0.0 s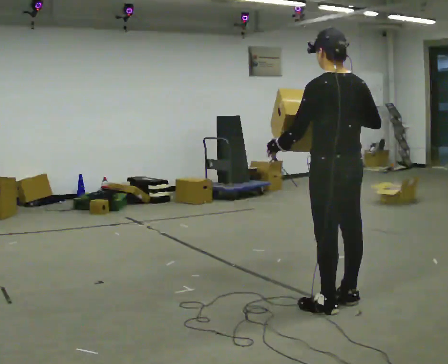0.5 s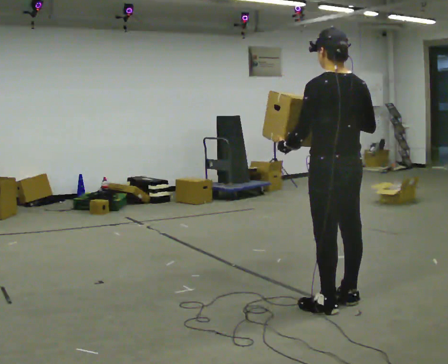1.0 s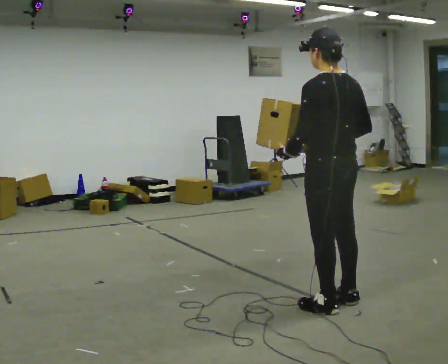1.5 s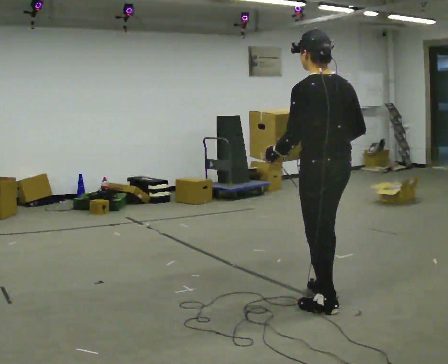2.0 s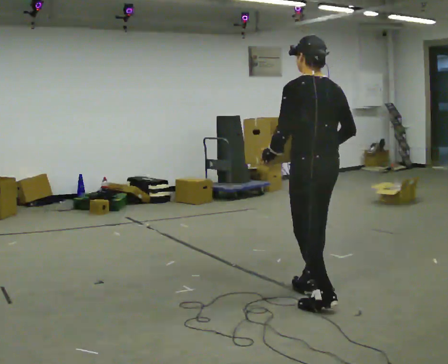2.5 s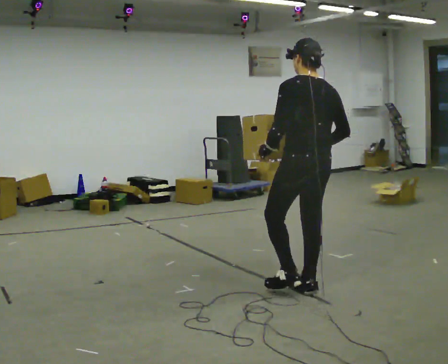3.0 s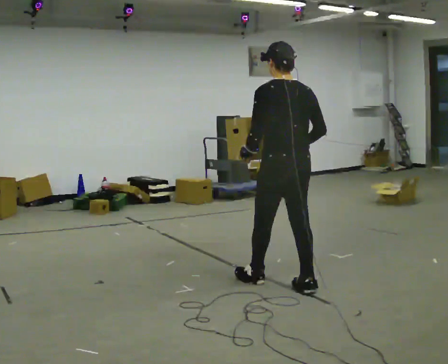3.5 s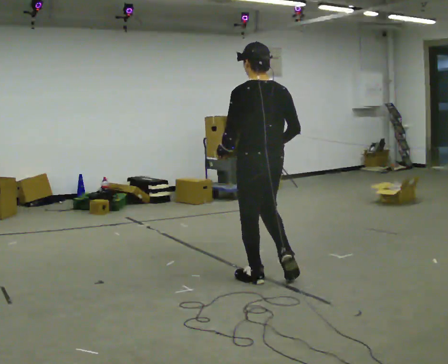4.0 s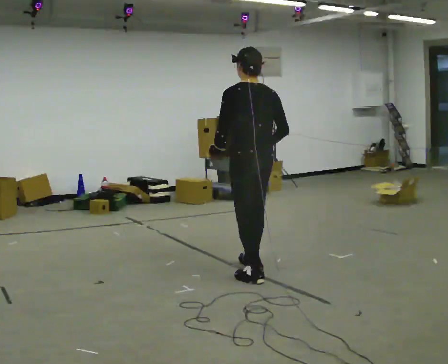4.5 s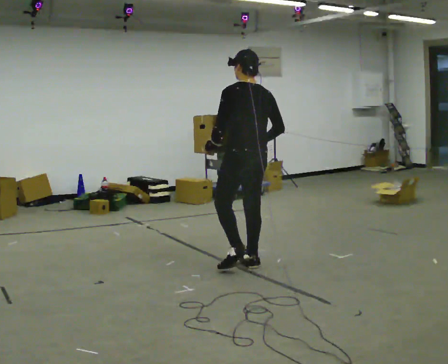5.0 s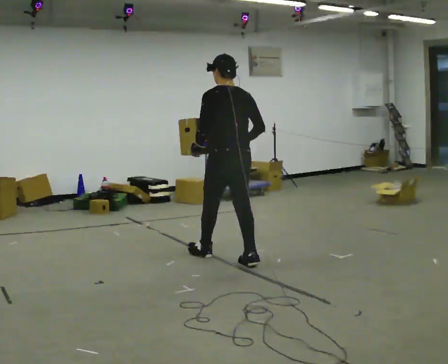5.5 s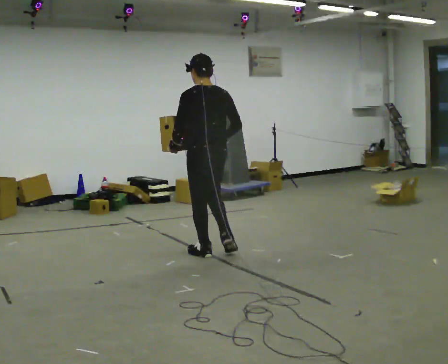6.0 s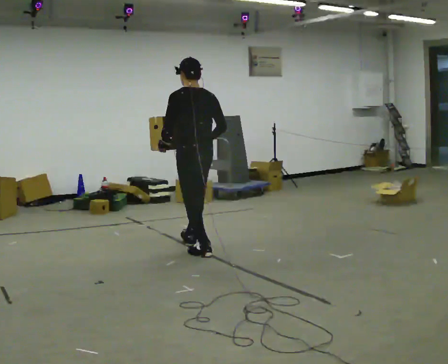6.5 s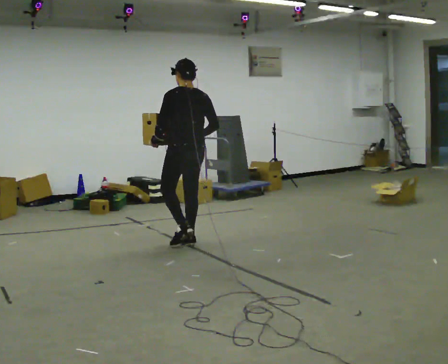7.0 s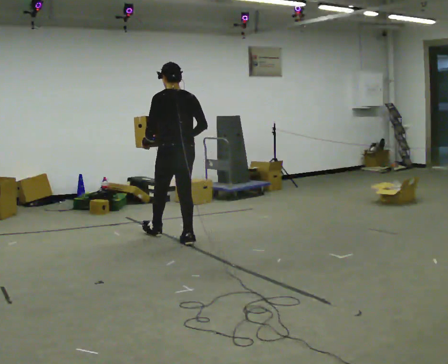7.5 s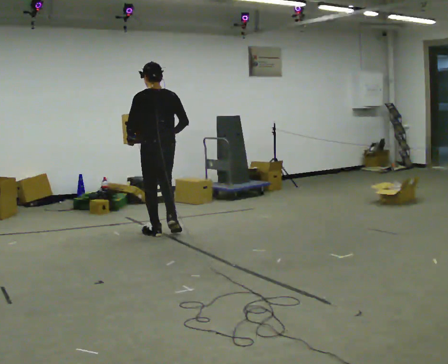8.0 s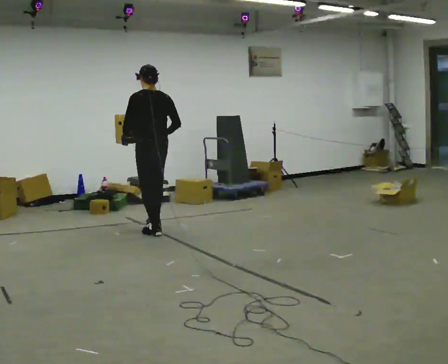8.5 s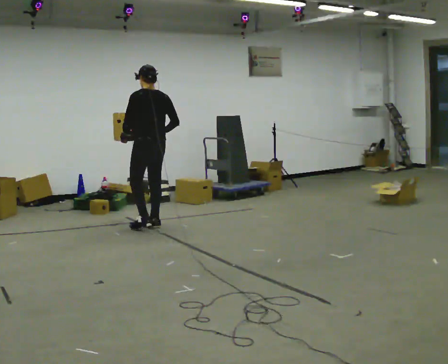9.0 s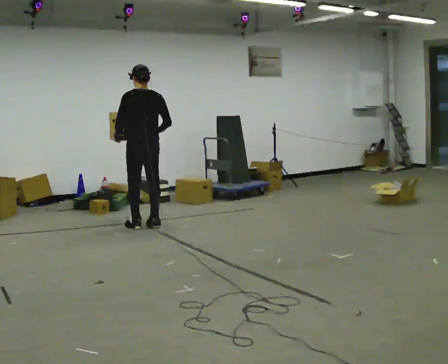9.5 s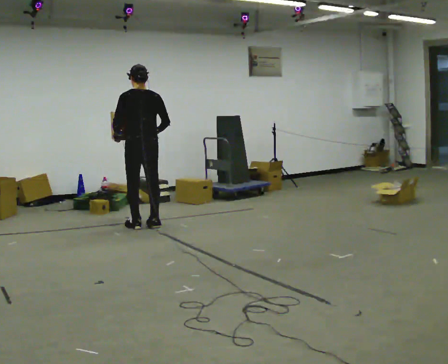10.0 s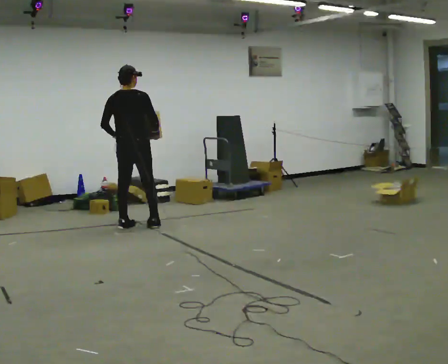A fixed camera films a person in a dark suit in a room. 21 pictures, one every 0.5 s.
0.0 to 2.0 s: In the picture they go away from the camera, about 0.25 m in 1 step, which for them is forward.
2.0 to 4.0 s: In the picture they go away from the camera and to the left, about 0.5 m in 2 steps, which for them is forward.
4.0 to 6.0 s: In the picture they go away from the camera and to the left, about 1 m in 2 steps, which for them is forward.
6.0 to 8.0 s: In the picture they go away from the camera and to the left, about 1 m in 2 steps, which for them is forward.
8.0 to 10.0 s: The part of the body nearest the lens slides to the left as the person turns to their right by about 45 degrees. In the picture they go to the left, about 0.25 m in 2 steps, which for them is forward and to their left.
The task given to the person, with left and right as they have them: Carry the heaviest box in both hands in front of you, walking back and forth across the room. Only carry what is comfortable. Set it down whenever you need to.
The film runs forward here.
